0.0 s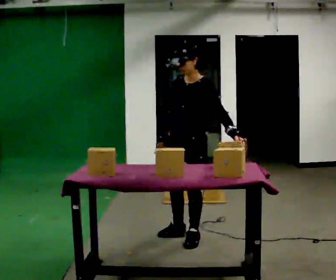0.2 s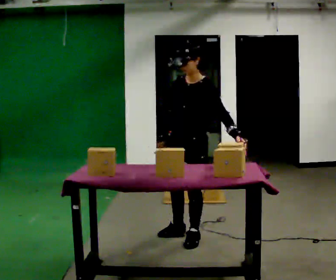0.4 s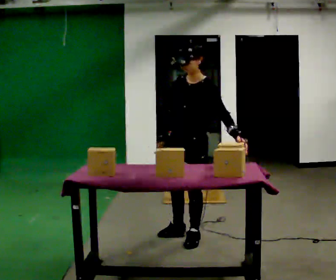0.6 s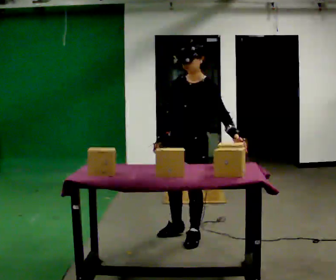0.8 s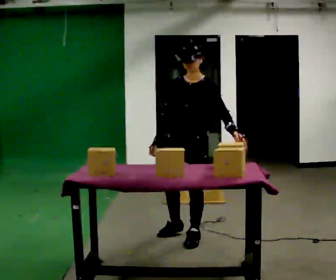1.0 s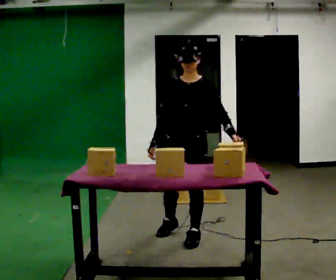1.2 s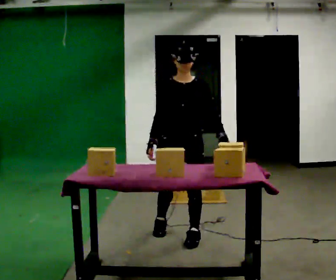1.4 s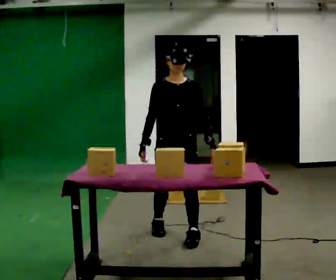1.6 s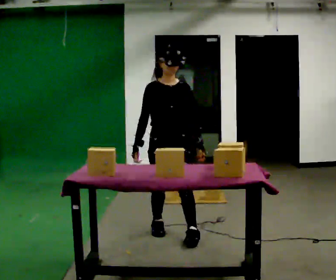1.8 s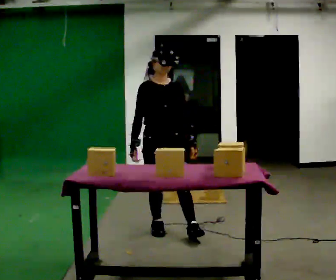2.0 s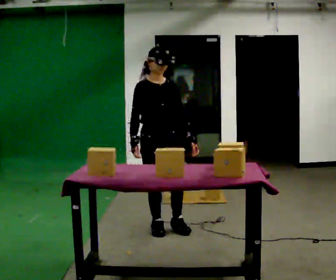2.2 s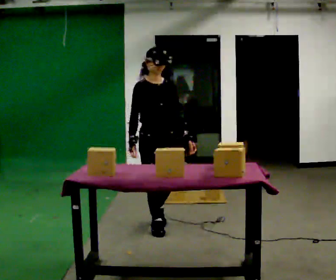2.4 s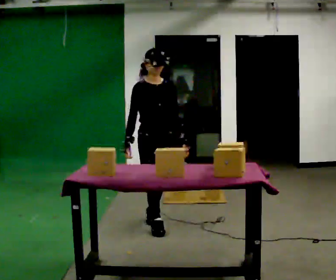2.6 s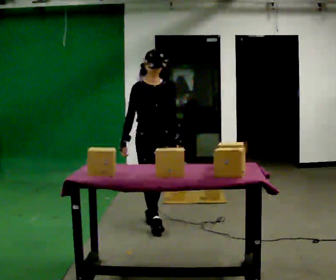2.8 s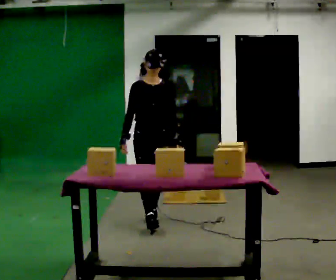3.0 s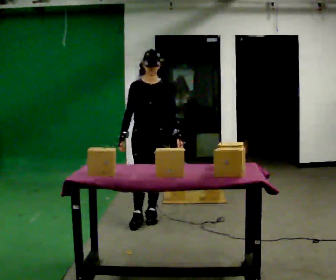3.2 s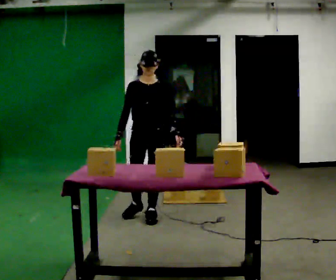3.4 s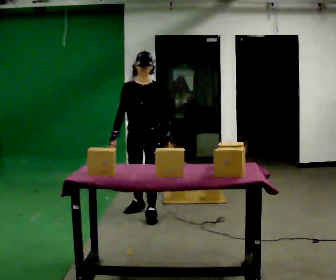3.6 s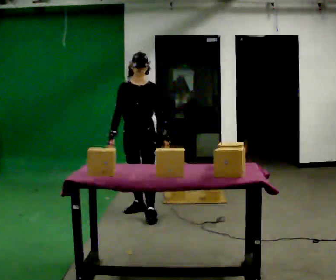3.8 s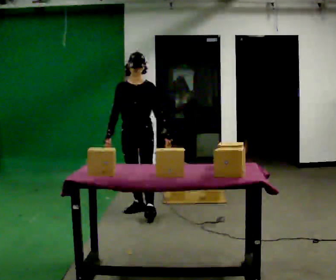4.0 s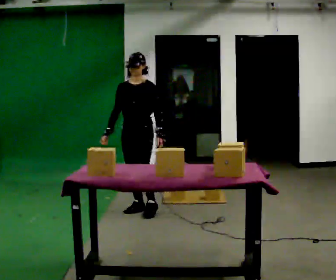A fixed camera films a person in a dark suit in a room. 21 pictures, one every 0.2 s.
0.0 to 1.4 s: The person turns about 45 degrees to their left, counterclockwise seen from above, so the part of the body nearest the lens slides to the right.
1.4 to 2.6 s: In the picture they go away from the camera and to the left, about 0.5 m in 1 step, which for them is backward.
2.6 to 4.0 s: Seen from above the body turns clockwise, about 30 degrees: to their right, with its near side sliding to the left. In the picture they go away from the camera, about 0.5 m in 2 steps, which for them is backward and to their right.
The film runs backward here.
